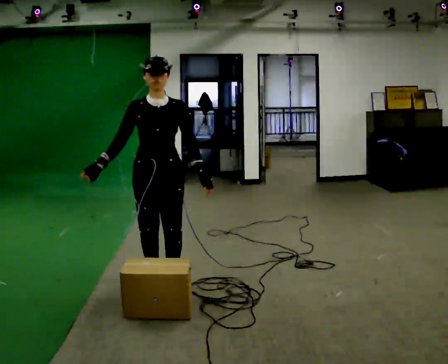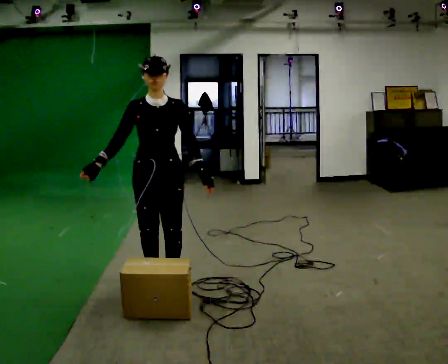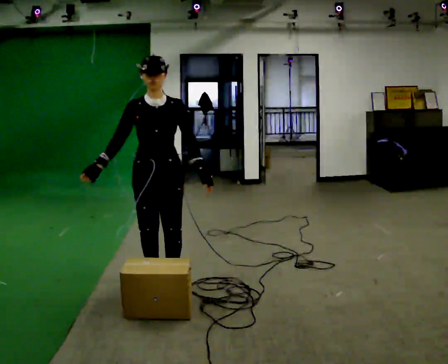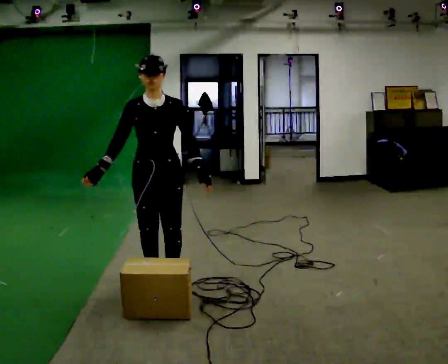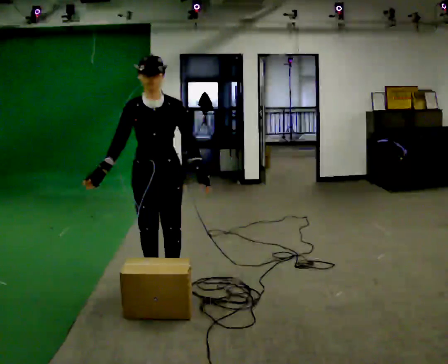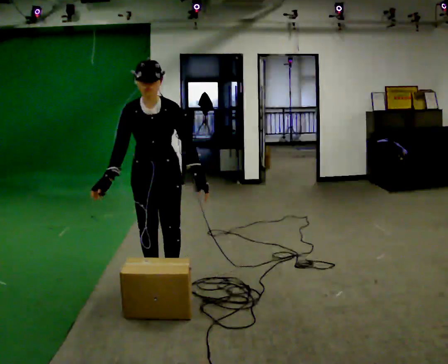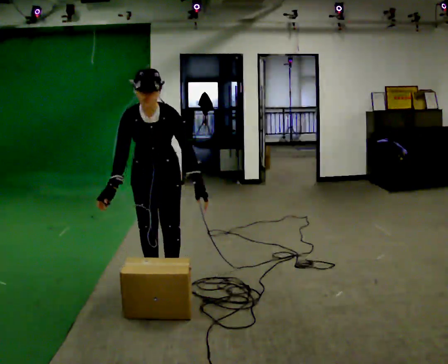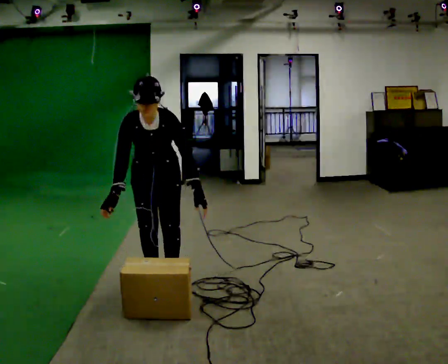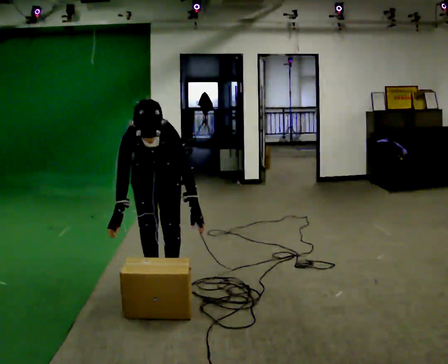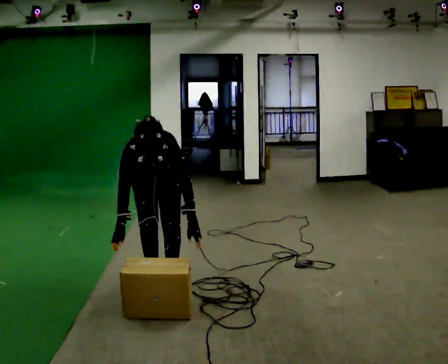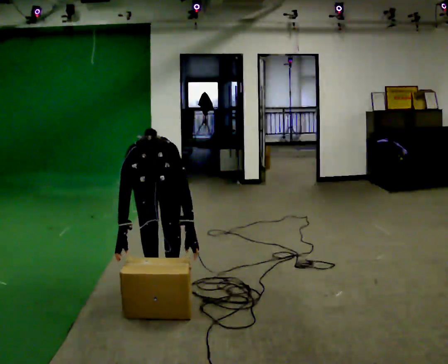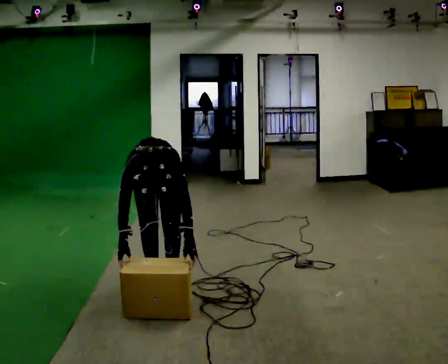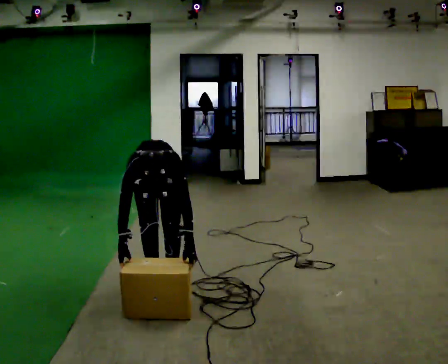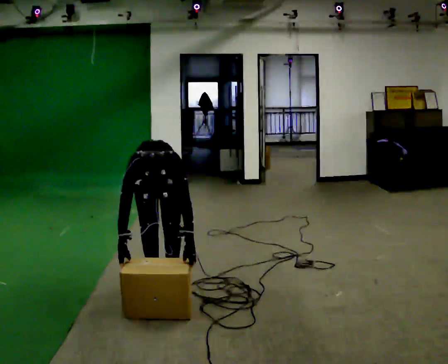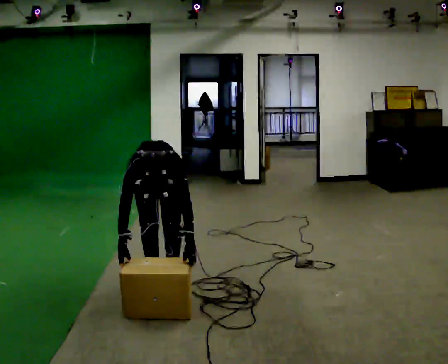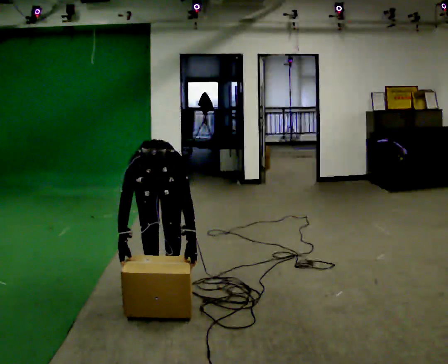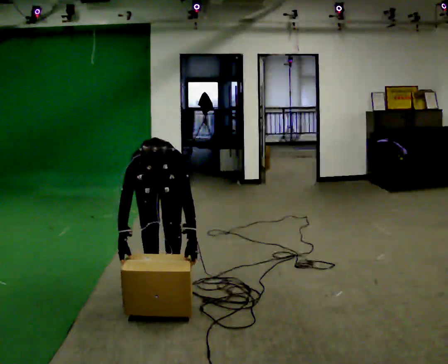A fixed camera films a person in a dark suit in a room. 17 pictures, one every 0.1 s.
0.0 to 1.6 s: In the picture they go away from the camera, about 0.25 m, which for them is backward. The upper body goes downward. The upper body tips toward the camera, its near side rolling downward, as they bend forward. In the picture their right hand goes downward.
The film runs backward here.
